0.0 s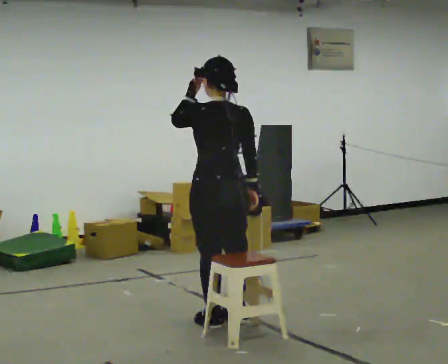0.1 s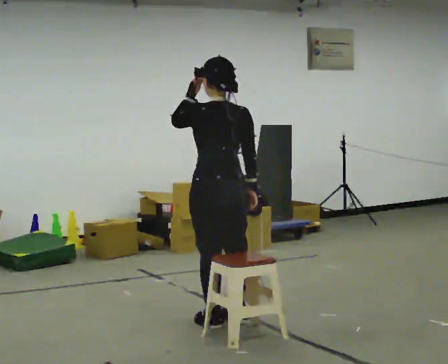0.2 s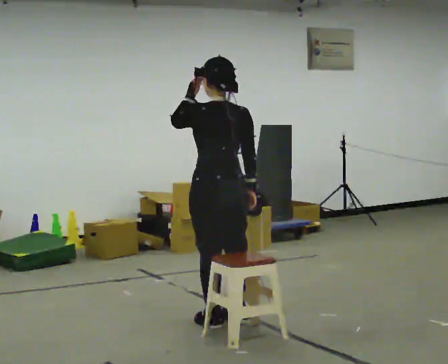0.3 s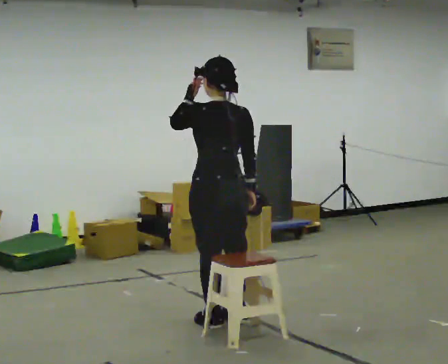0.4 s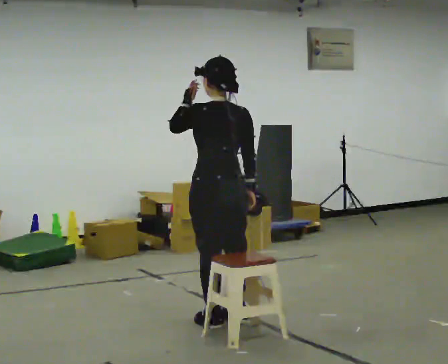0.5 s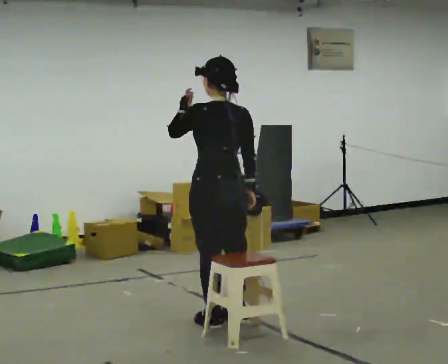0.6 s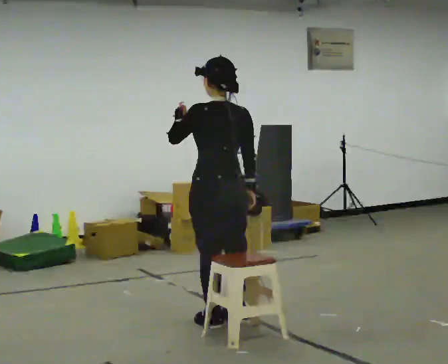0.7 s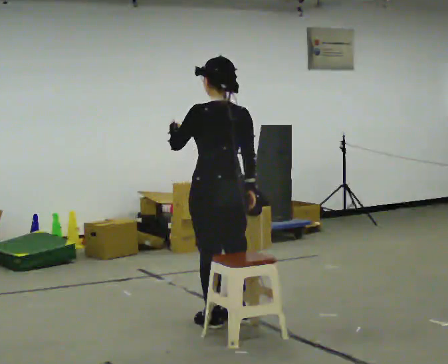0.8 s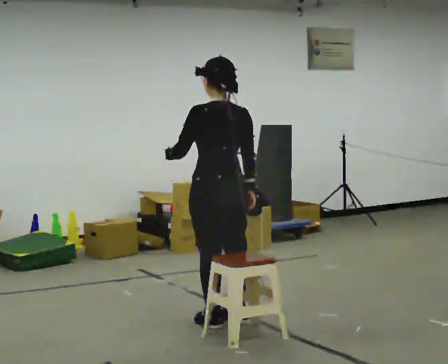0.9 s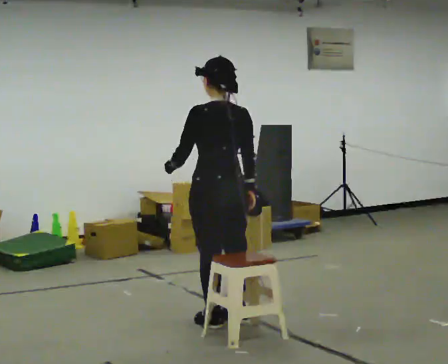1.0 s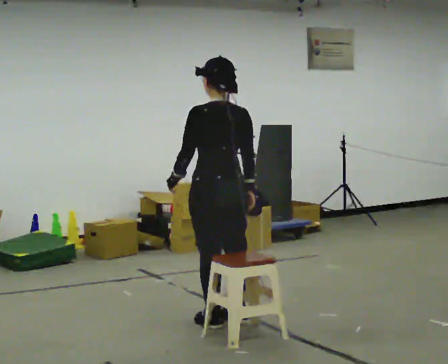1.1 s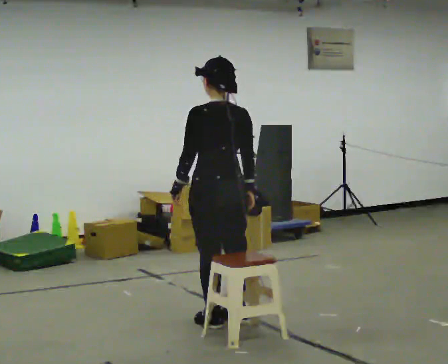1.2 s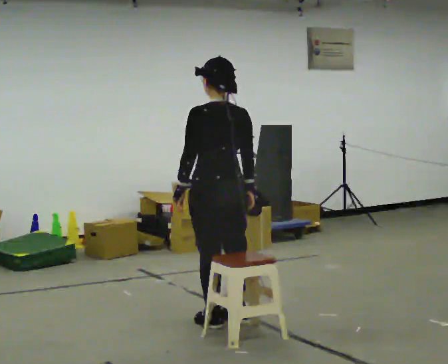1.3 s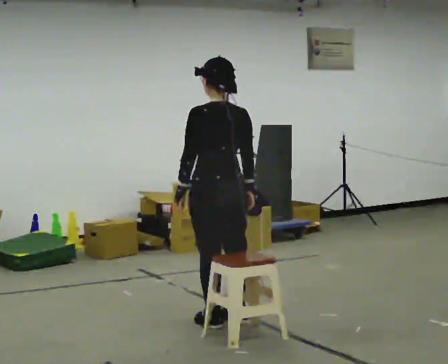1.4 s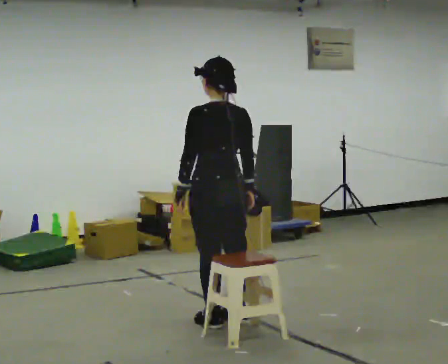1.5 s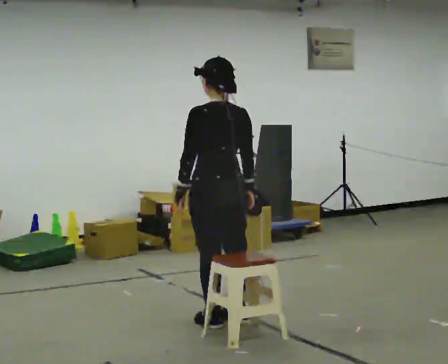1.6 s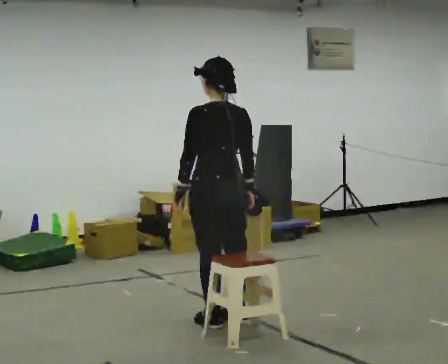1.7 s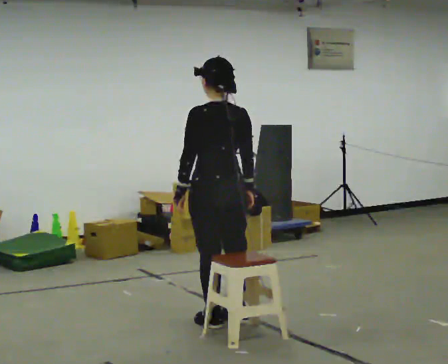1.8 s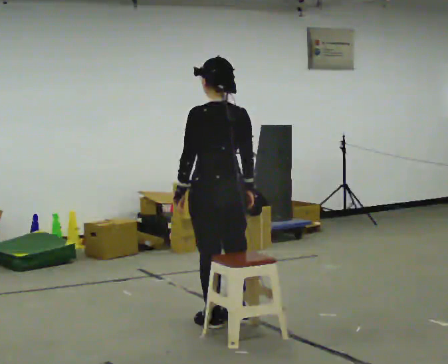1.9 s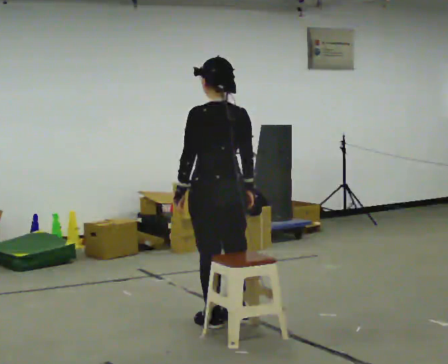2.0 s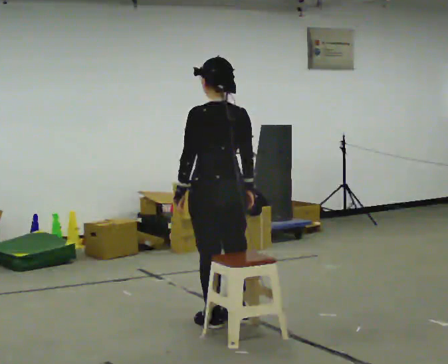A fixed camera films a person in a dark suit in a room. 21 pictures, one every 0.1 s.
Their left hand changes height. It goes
downward.
0.0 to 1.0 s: In the picture their left hand goes downward.
1.0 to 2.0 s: The person moves a little, or ends about where they began.
The film runs backward here.
